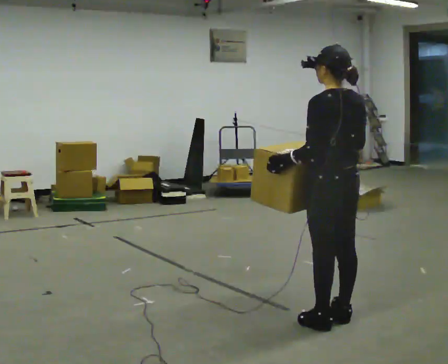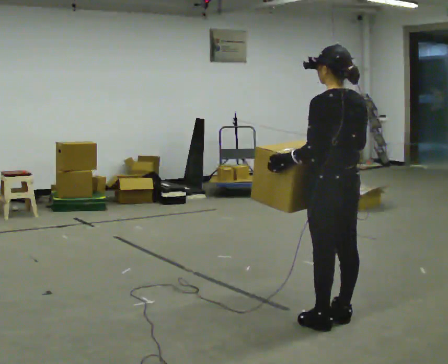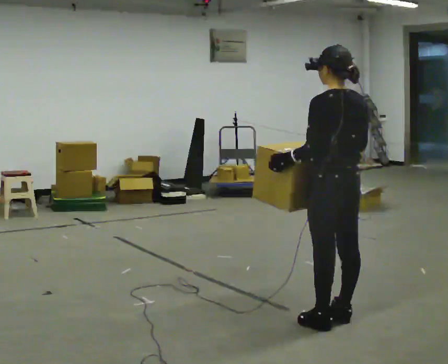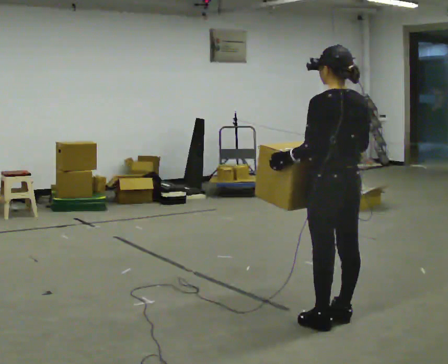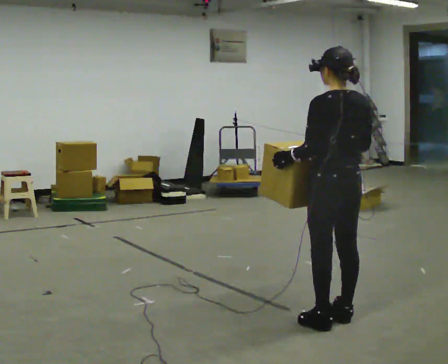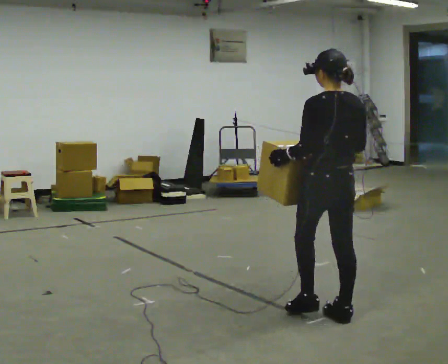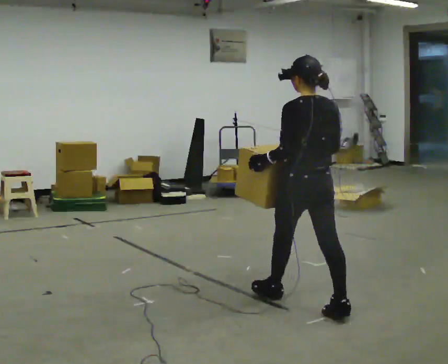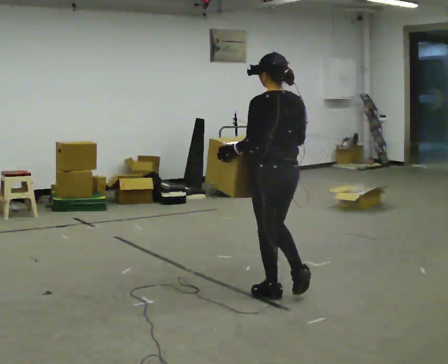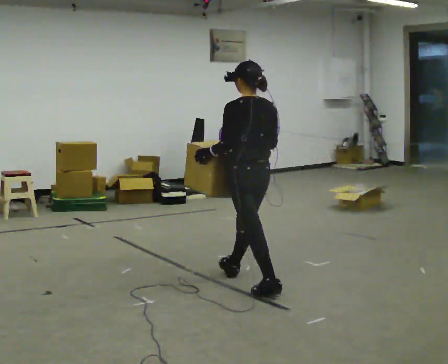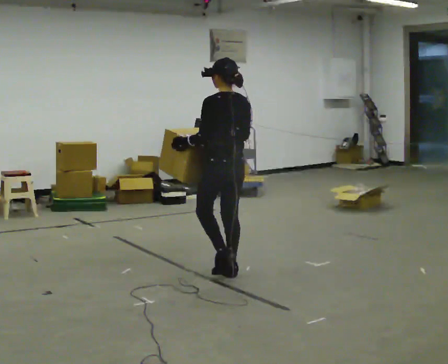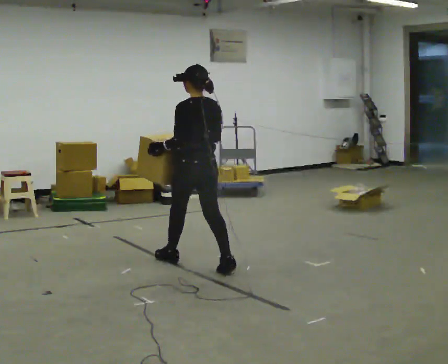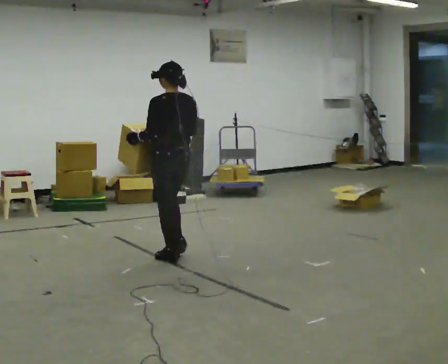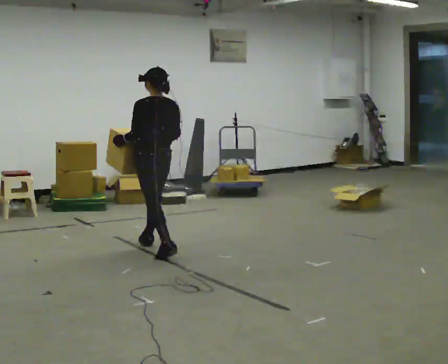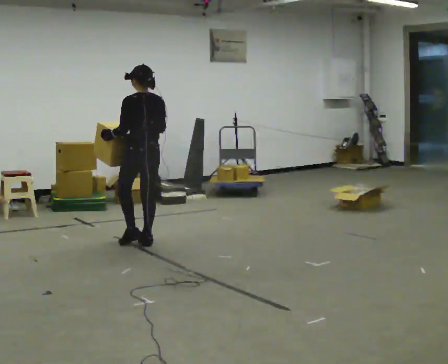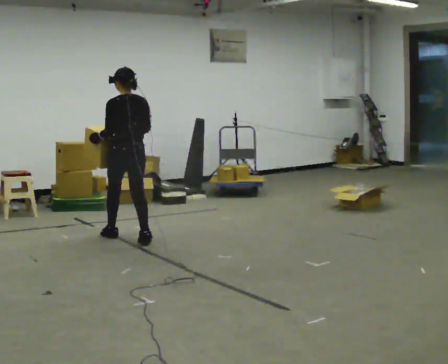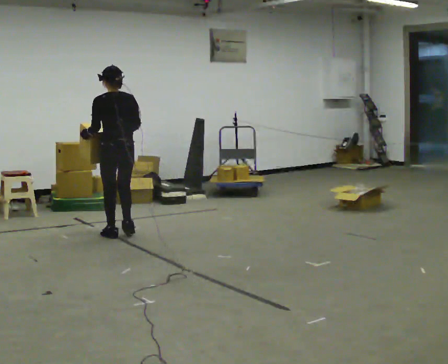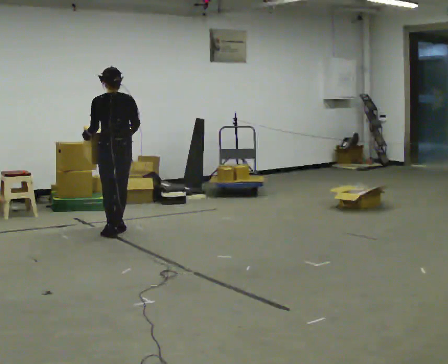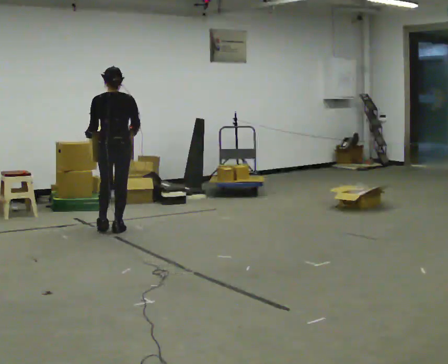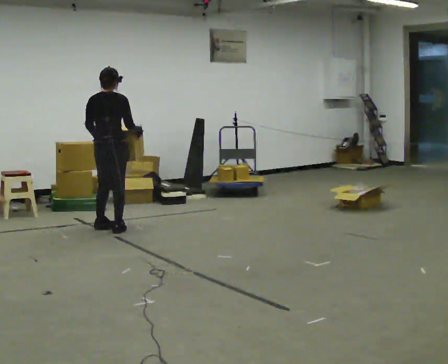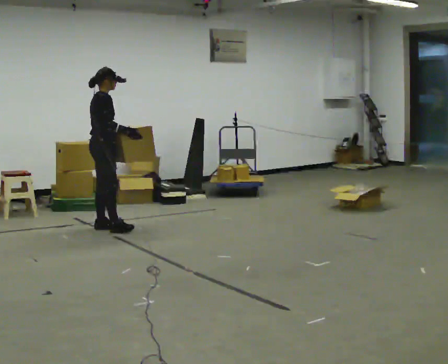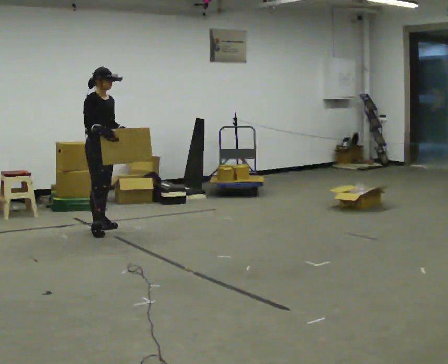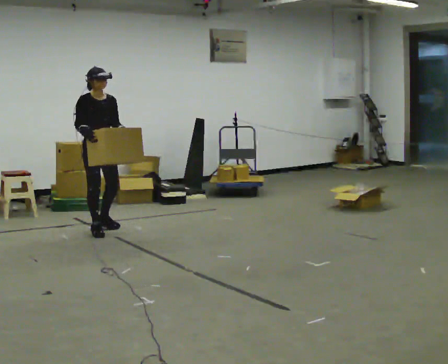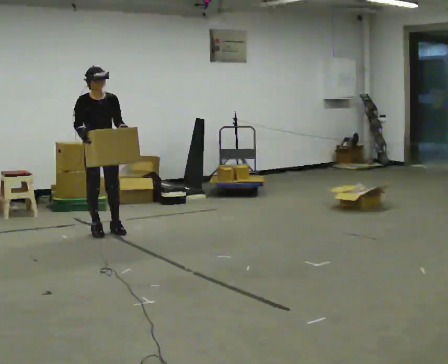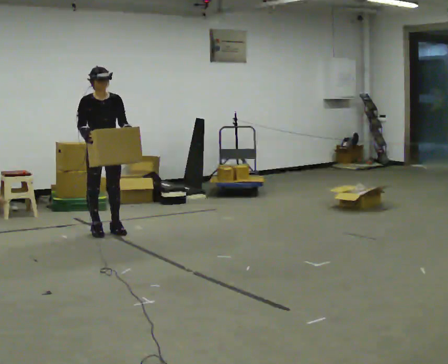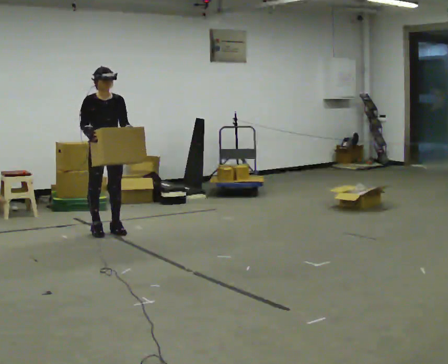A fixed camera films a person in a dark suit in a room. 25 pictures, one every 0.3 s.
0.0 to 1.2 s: The person moves a little, or ends about where they began.
1.2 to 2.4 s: In the picture they go away from the camera and to the left, about 1 m in 2 steps, which for them is forward.
2.4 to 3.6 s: In the picture they go away from the camera and to the left, about 1 m in 2 steps, which for them is forward.
3.6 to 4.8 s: In the picture they go away from the camera and to the left, about 0.5 m in 2 steps, which for them is forward.
4.8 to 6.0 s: The part of the body nearest the lens slides to the left as the person turns to their right by about 135 degrees. In the picture they go to the left, about 0.25 m in 2 steps.
6.0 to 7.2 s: The person turns about 30 degrees to their right, clockwise seen from above, so the part of the body nearest the lens slides to the left.
The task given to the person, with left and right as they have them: Carry the box across the room, stopping and starting again each time the operator says stop and go. Do not set the box down.
The film runs forward here.
